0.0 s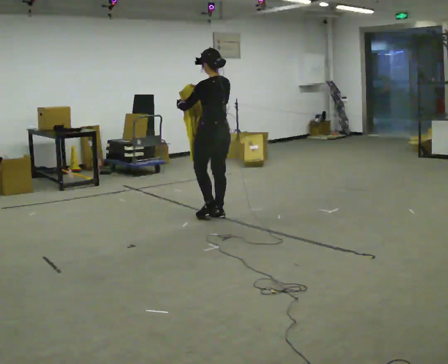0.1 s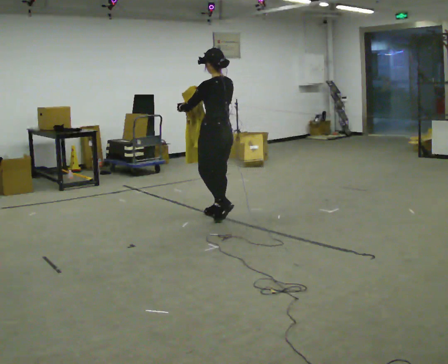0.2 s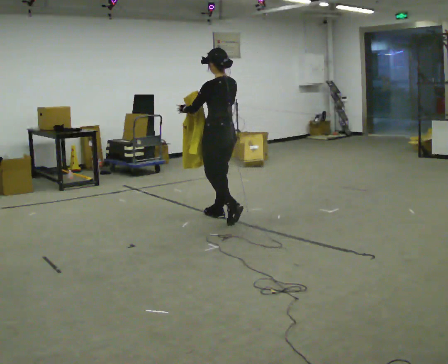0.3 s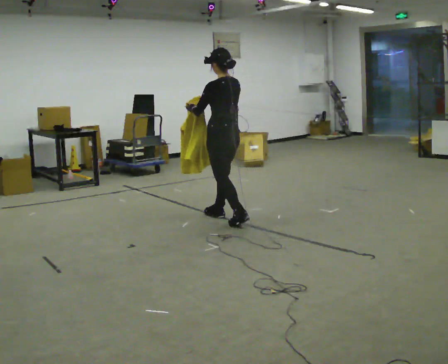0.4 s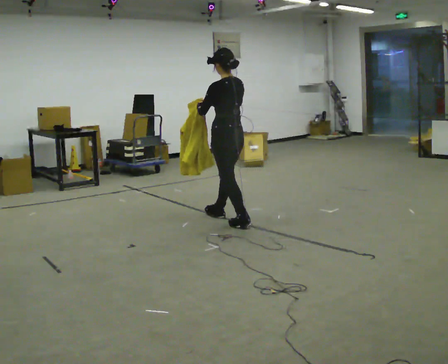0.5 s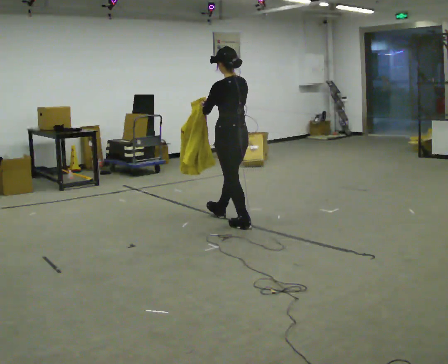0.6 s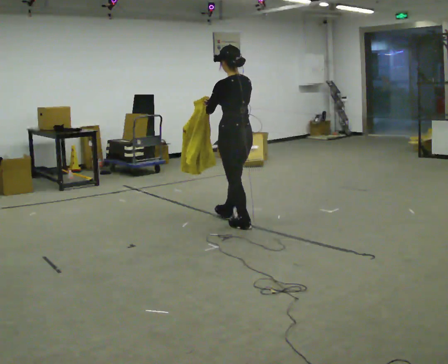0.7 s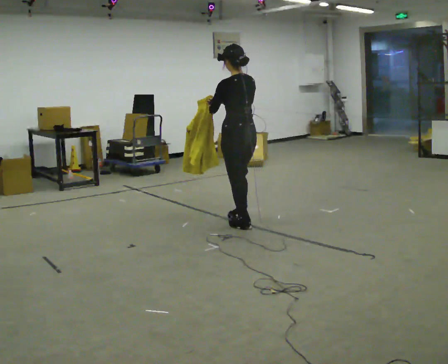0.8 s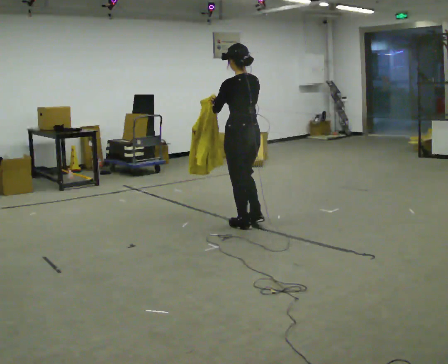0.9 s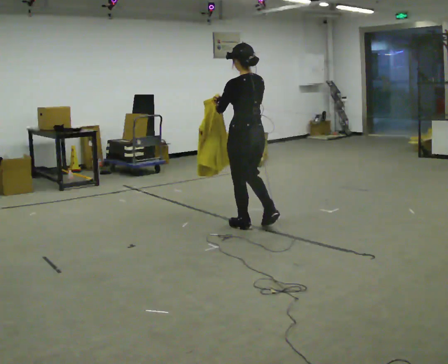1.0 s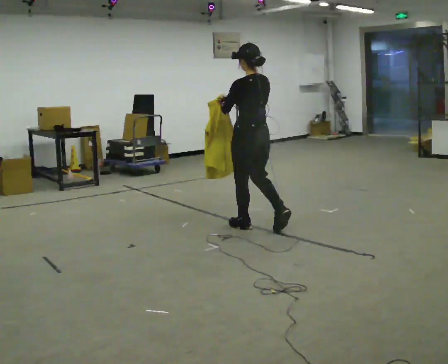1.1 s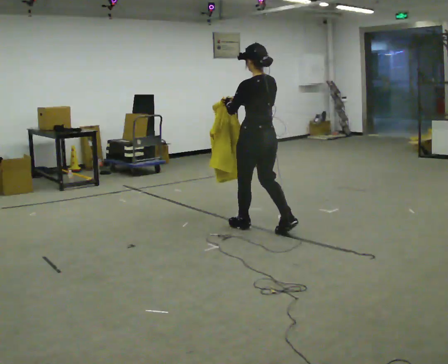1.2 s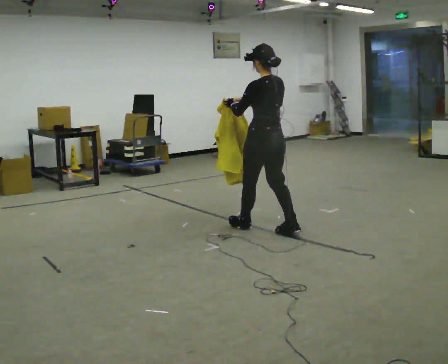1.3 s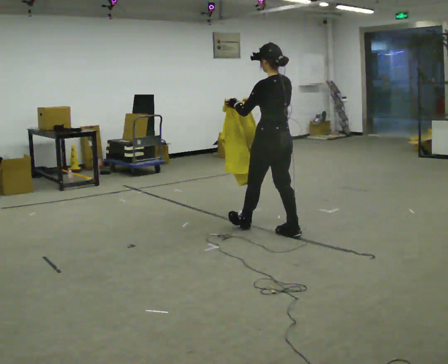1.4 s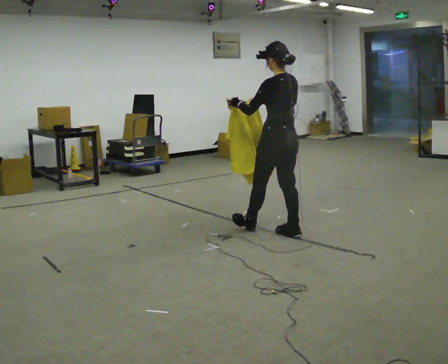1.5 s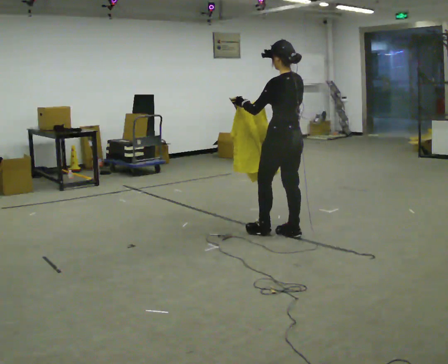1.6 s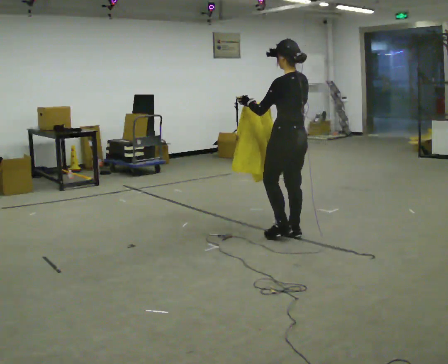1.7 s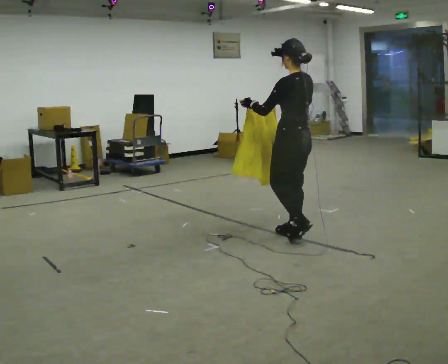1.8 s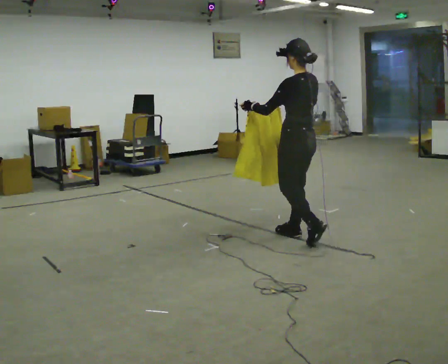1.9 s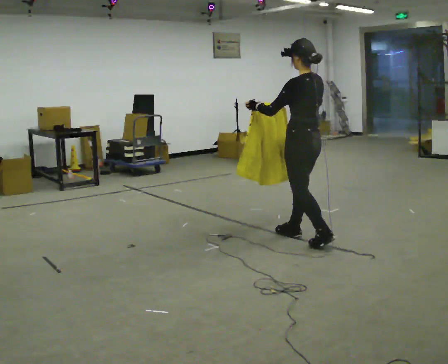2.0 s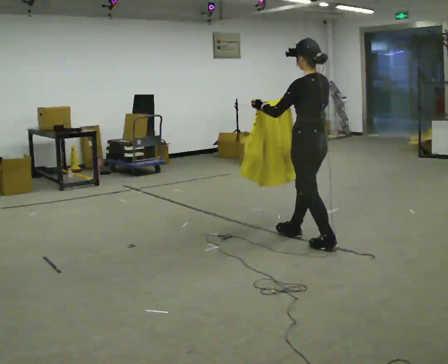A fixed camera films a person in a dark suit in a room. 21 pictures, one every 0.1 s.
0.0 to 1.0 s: In the picture they go toward the camera and to the right, about 0.5 m in 1 step, which for them is backward.
1.0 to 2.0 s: In the picture they go to the right and toward the camera, about 0.75 m in 1 step, which for them is backward.
The film runs backward here.
